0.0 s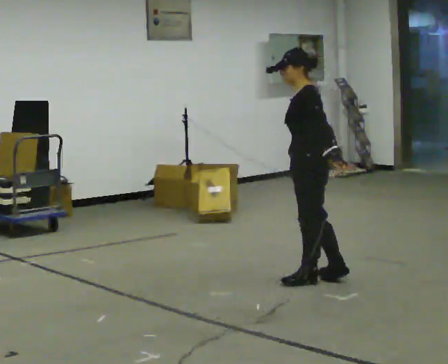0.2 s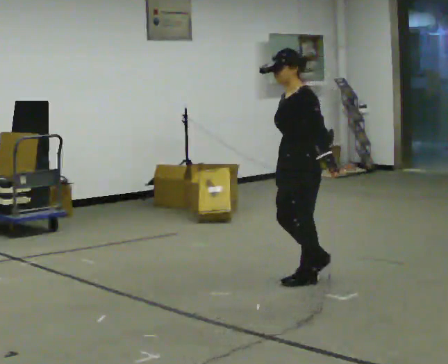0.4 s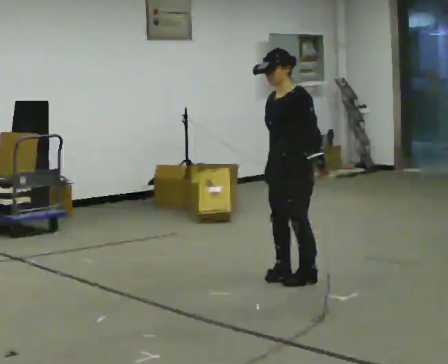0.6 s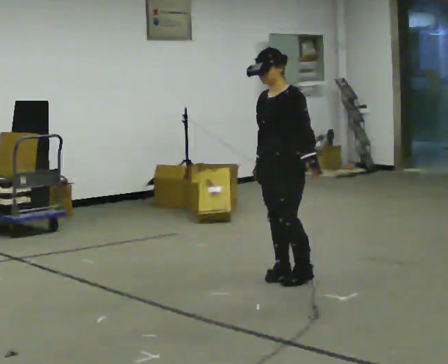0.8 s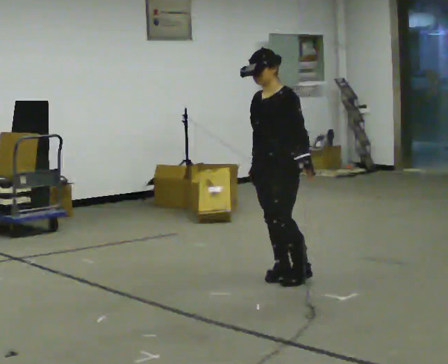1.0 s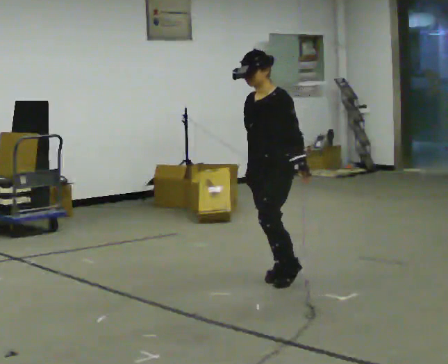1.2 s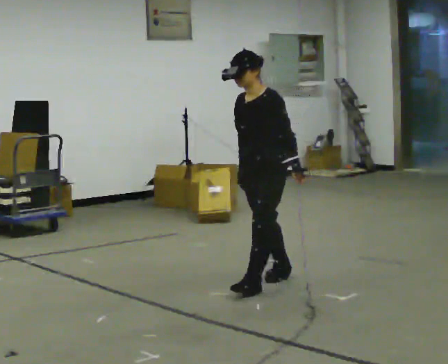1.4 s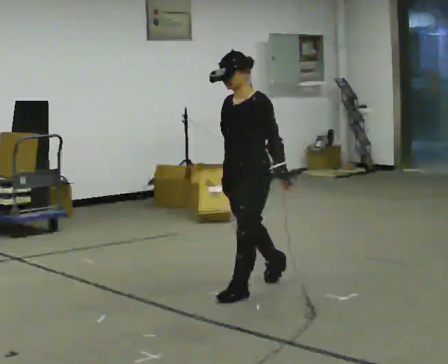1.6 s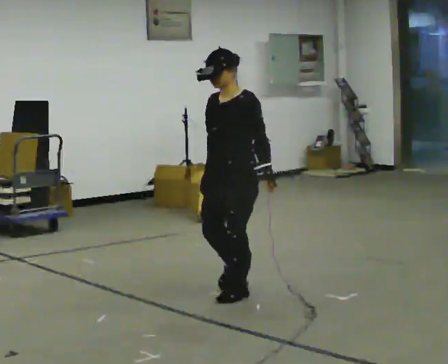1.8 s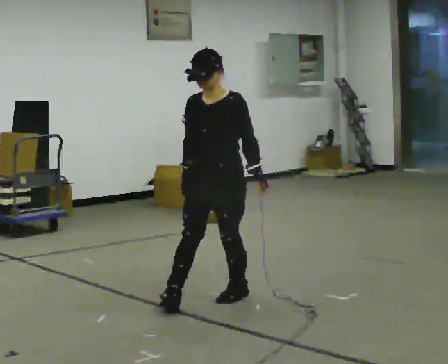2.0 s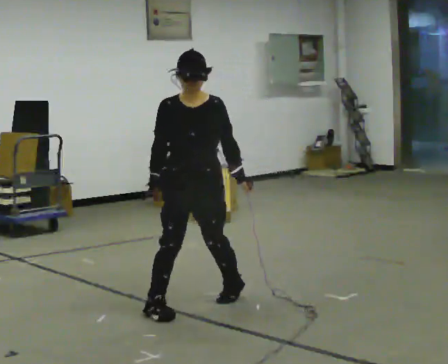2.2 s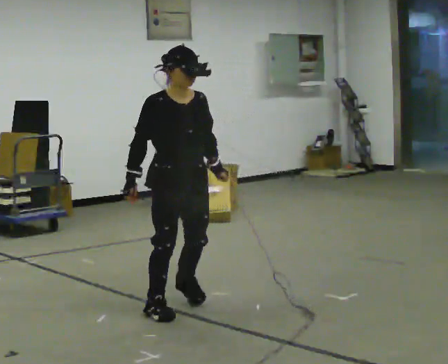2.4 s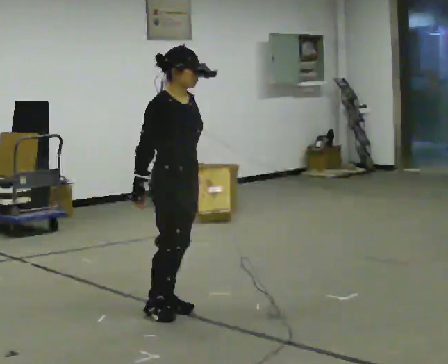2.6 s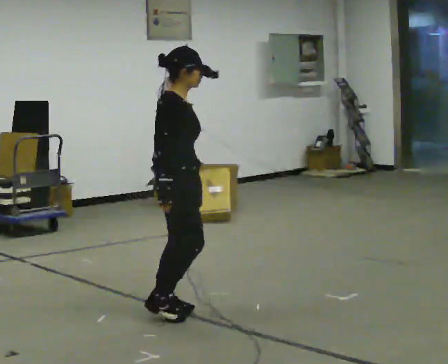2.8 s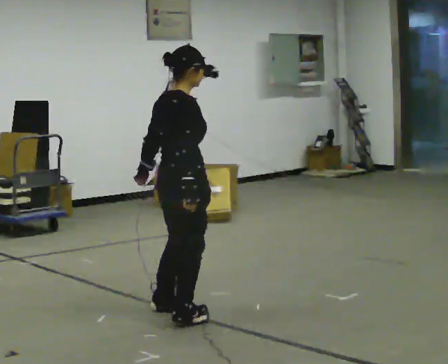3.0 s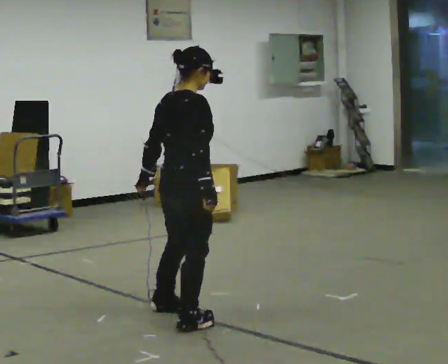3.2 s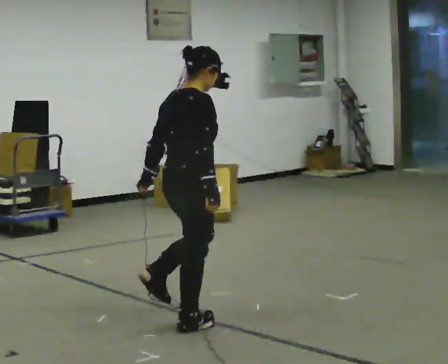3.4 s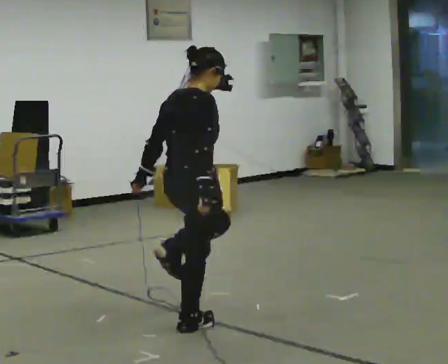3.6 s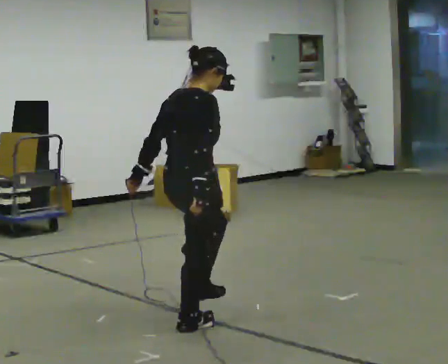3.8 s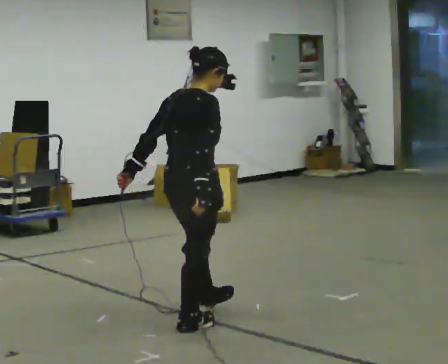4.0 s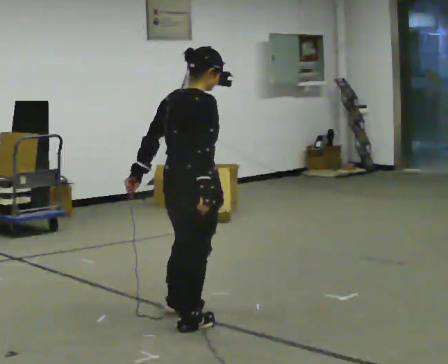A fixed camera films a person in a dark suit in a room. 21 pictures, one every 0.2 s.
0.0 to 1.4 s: The person turns about 45 degrees to their left, counterclockwise seen from above, so the part of the body nearest the lens slides to the right. In the picture they go to the left and toward the camera, about 0.5 m in 2 steps, which for them is forward.
1.4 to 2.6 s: The person turns about 150 degrees to their left, counterclockwise seen from above, so the part of the body nearest the lens slides to the right. In the picture they go toward the camera and to the left, about 0.75 m in 2 steps.
2.6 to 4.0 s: The part of the body nearest the lens slides to the right as the person turns to their left by about 30 degrees. In the picture they go toward the camera, about 0.25 m in 1 step, which for them is to their right.
The film runs forward here.
